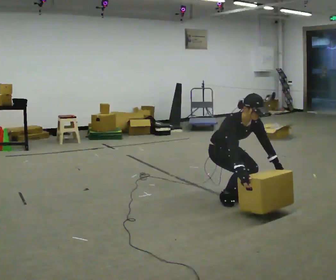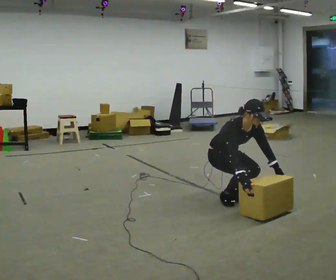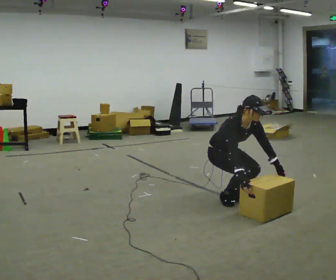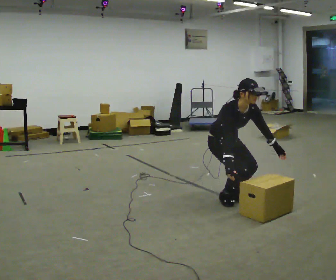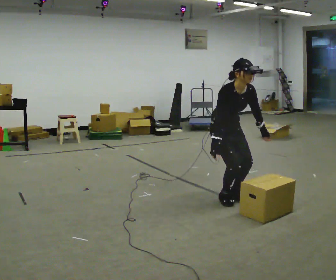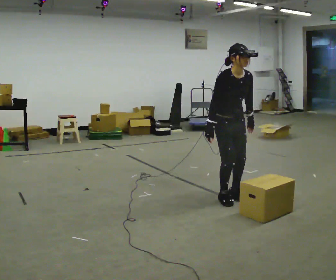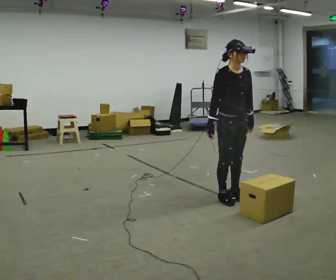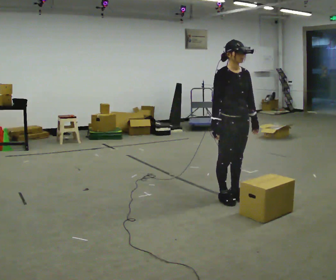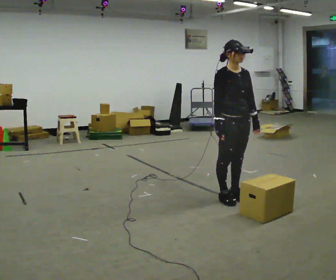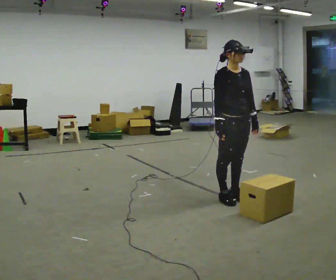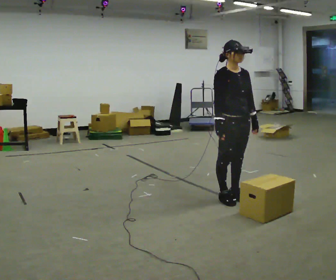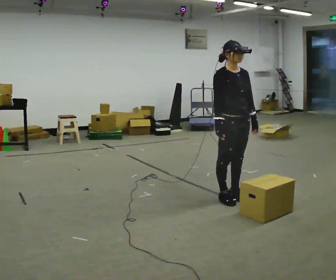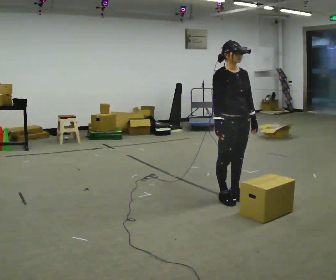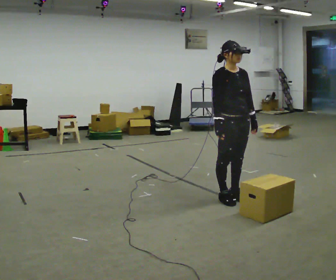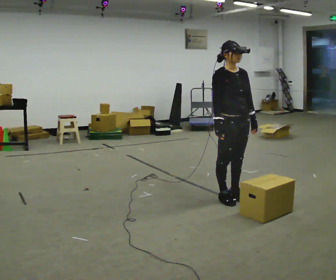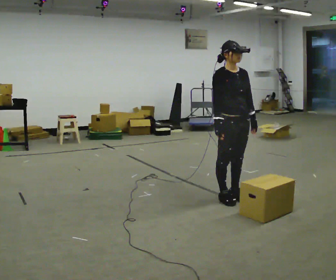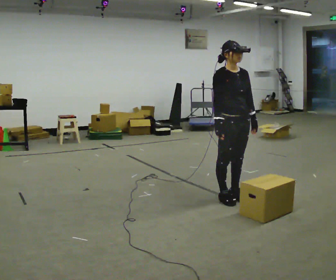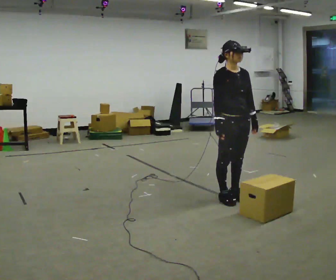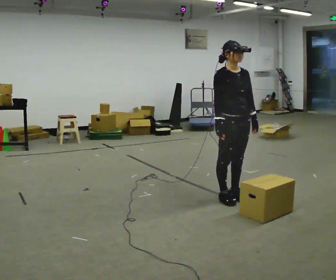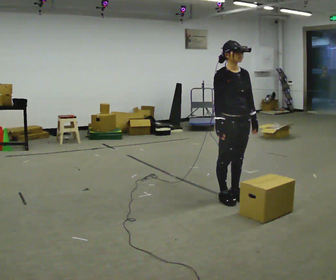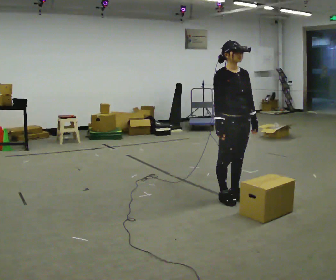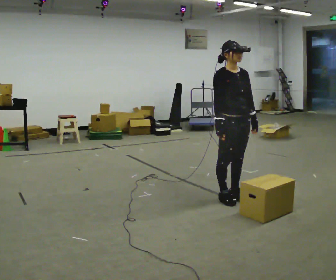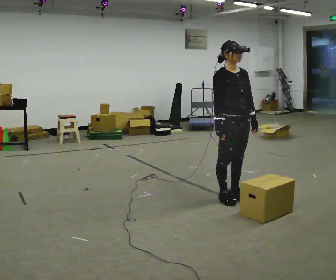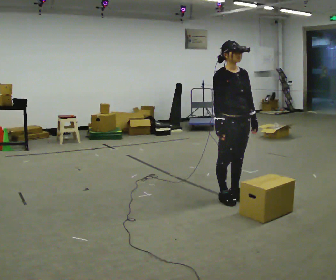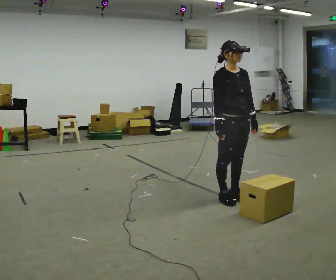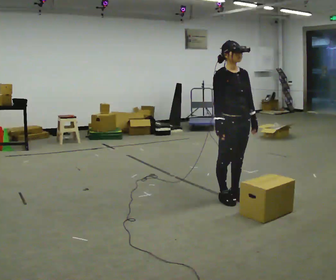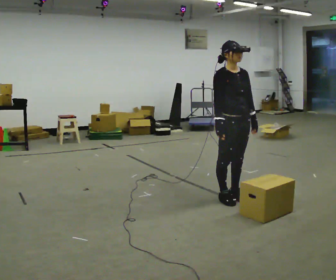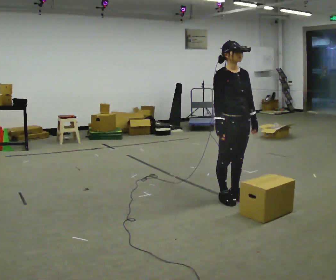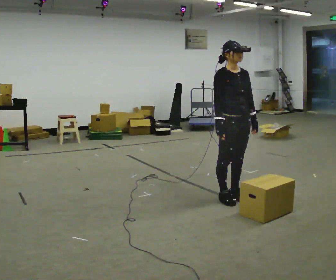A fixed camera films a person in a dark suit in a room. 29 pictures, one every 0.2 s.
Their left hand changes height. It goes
upward.
The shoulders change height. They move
upward.
0.0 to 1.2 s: The upper body goes upward. In the picture the upper body tilts counterclockwise, shoulders to the left, as they lean back or straighten. In the picture their right hand goes upward.
1.2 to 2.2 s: The person moves a little, or ends about where they began.
2.2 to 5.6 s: The person keeps their place and pose.
The film runs forward here.
